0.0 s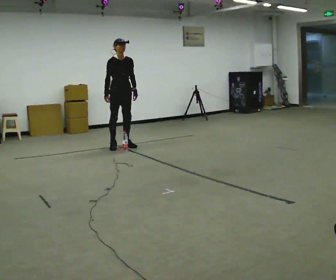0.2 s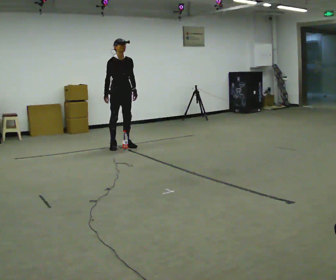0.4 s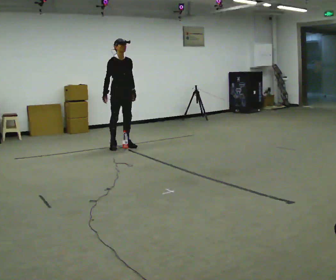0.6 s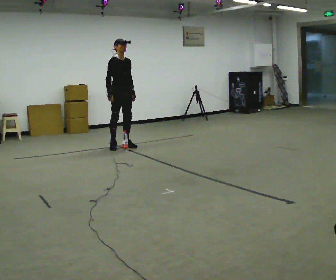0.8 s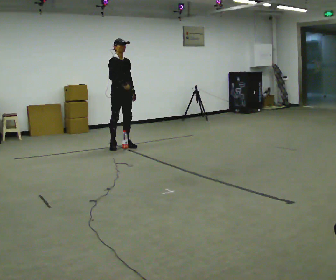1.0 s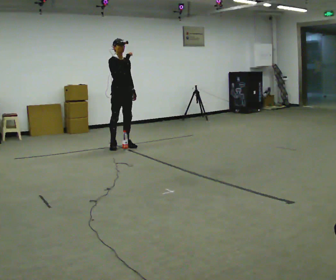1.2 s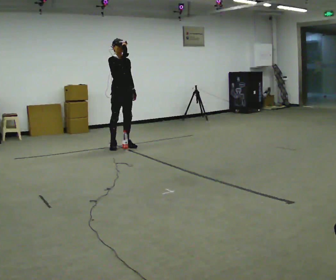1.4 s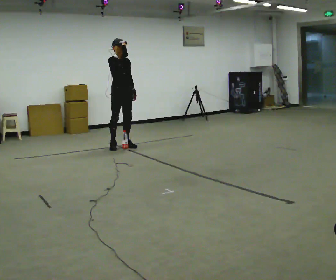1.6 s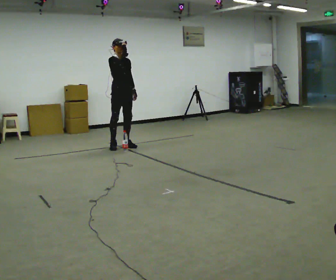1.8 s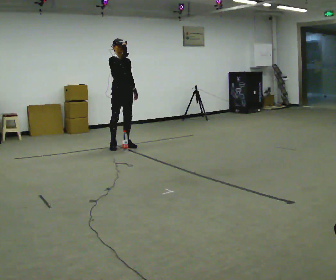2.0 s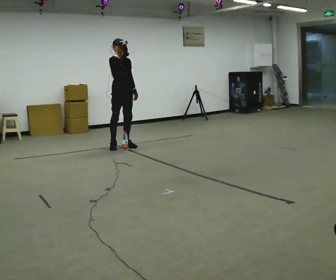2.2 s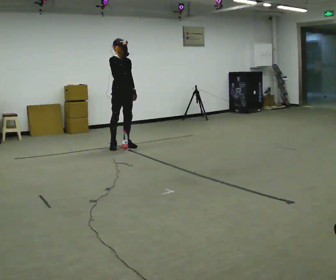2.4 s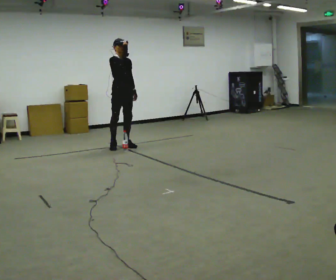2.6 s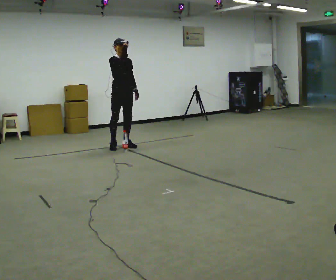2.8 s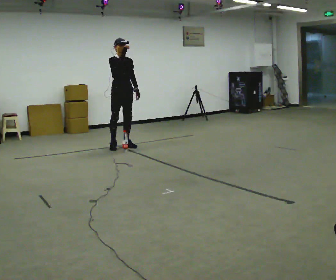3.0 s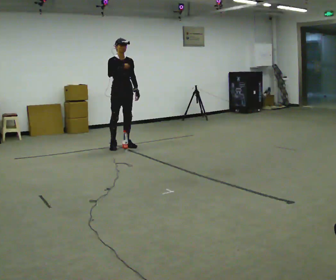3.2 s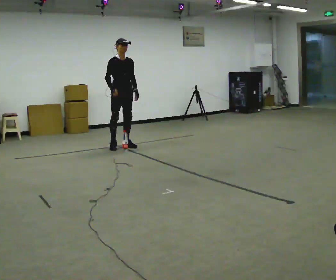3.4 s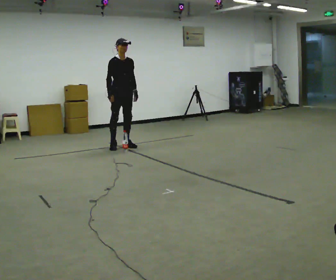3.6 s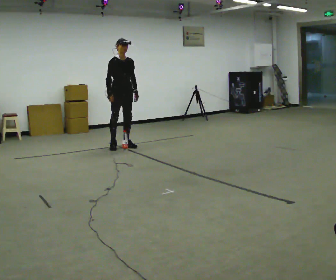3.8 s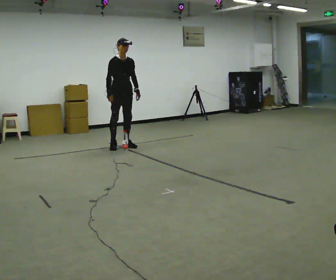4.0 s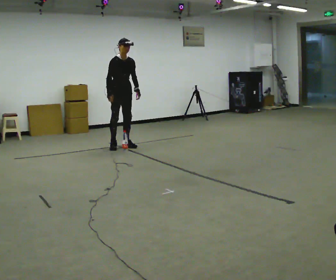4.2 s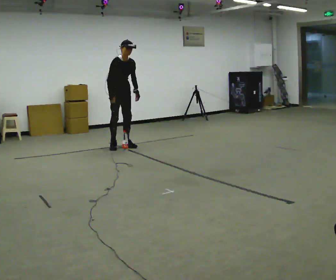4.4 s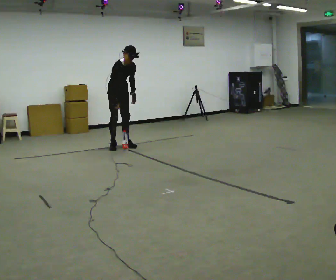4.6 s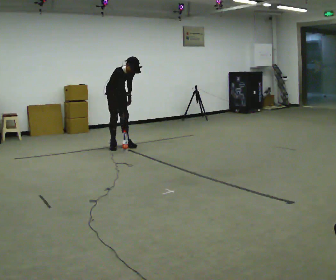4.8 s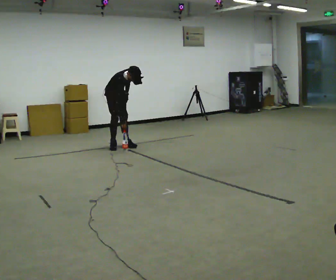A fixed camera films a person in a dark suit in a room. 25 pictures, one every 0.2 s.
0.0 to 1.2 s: In the picture their right hand goes upward and to the right.
1.2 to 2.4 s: The person keeps their place and pose.
2.4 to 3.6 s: In the picture their right hand goes downward.
3.6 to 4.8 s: In the picture they go away from the camera, about 0.25 m, which for them is backward. The shoulders move downward. The upper body tips toward the camera, its near side rolling downward, as they bend forward.
The film runs backward here.
